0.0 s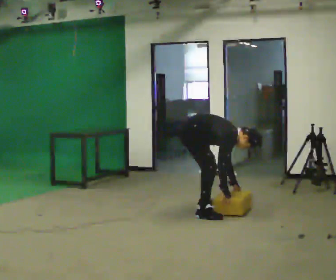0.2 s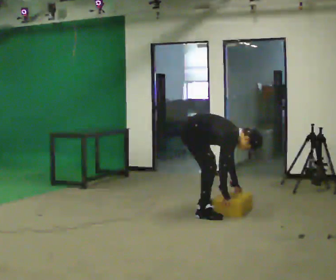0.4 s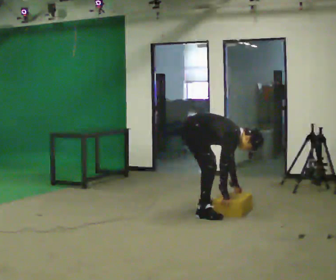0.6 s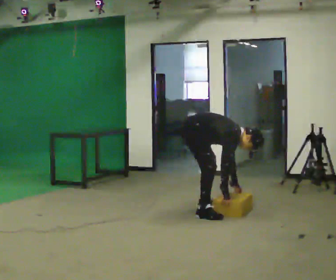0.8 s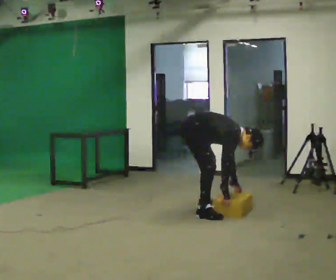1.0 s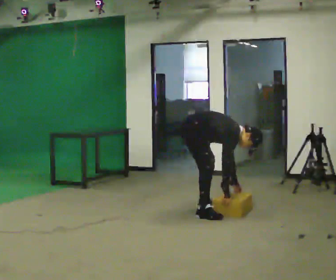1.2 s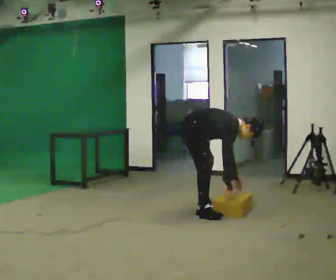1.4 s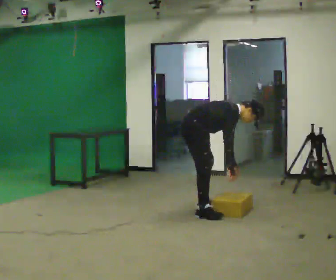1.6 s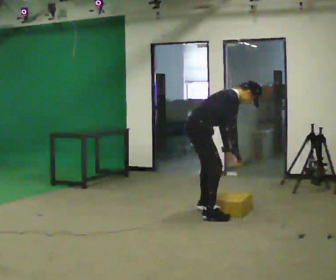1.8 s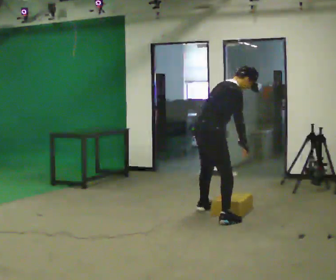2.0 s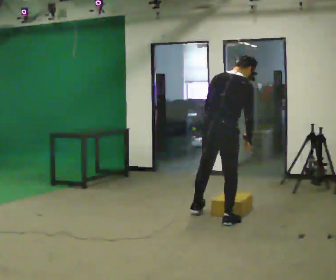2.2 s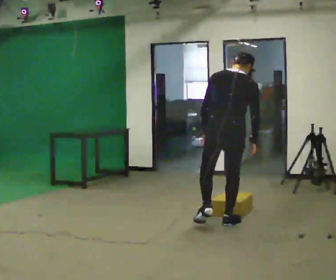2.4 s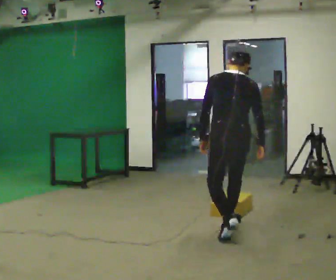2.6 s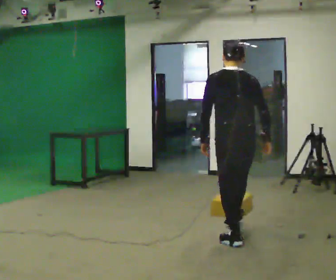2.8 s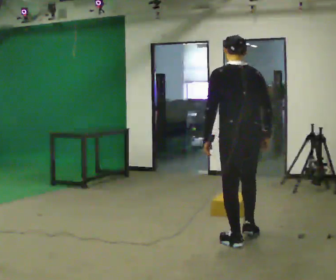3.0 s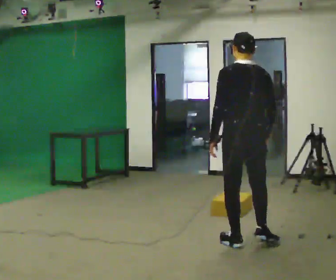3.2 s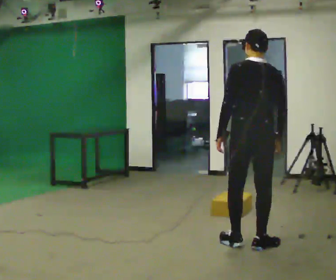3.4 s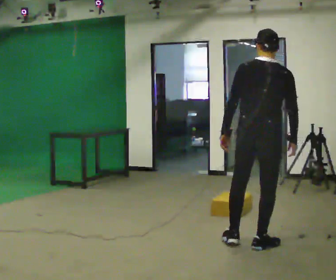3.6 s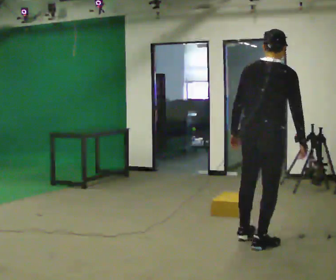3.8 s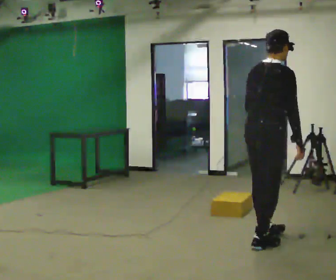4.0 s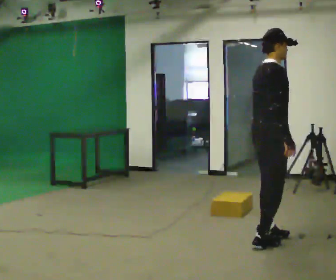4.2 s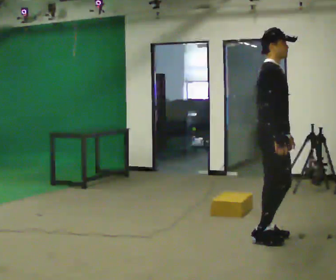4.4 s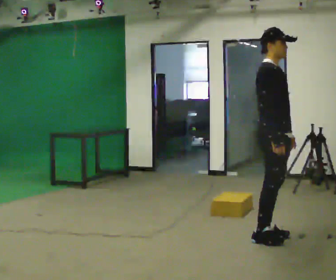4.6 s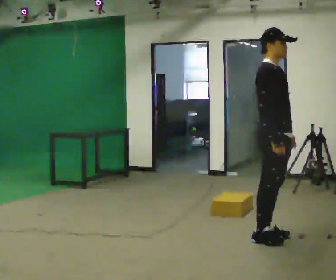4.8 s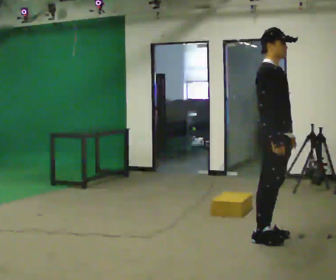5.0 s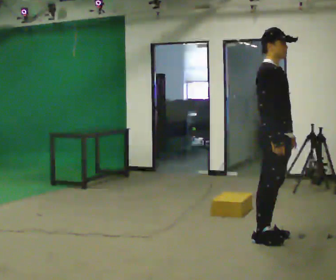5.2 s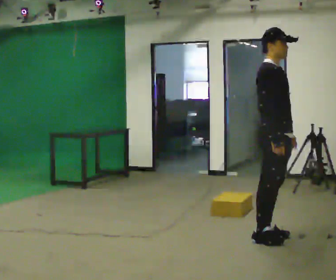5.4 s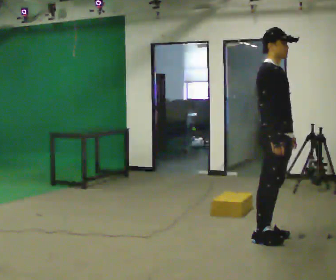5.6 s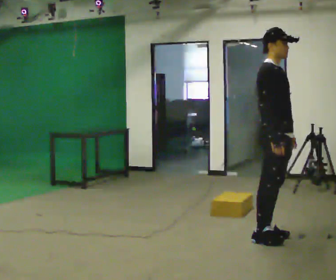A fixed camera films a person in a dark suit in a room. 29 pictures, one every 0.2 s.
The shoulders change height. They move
upward.
Their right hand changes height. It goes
upward.
0.0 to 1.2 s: The person moves a little, or ends about where they began.
1.2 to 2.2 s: Seen from above the body turns counterclockwise, about 75 degrees: to their left, with its near side sliding to the right. In the picture they go toward the camera and to the right, about 0.75 m in 2 steps. The shoulders move upward. In the picture the upper body tilts counterclockwise, shoulders to the left, as they lean back or straighten. In the picture their left hand goes upward.
2.2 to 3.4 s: In the picture they go toward the camera and to the right, about 0.5 m in 2 steps, which for them is backward.
3.4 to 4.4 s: Seen from above the body turns clockwise, about 105 degrees: to their right, with its near side sliding to the left. In the picture their left hand goes to the right, the arm swinging counterclockwise.
4.4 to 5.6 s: The person moves a little, or ends about where they began.
The film runs backward here.
